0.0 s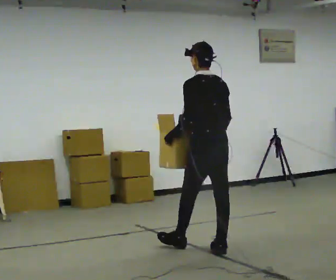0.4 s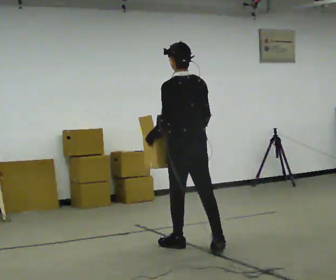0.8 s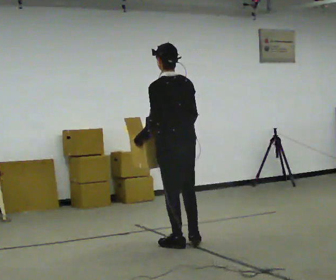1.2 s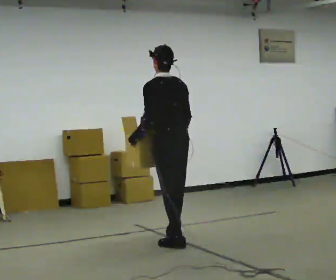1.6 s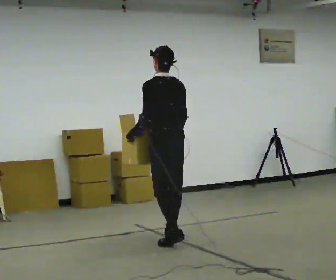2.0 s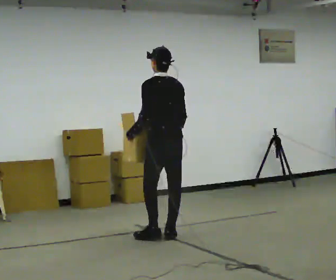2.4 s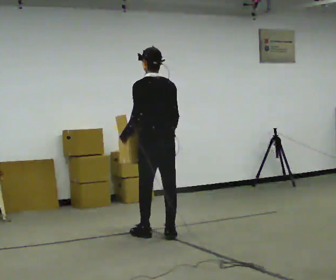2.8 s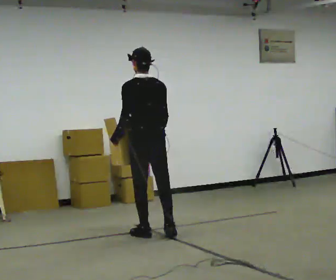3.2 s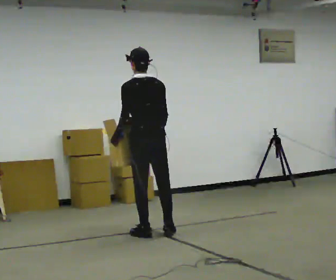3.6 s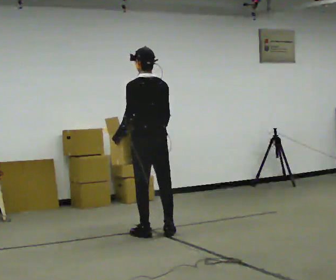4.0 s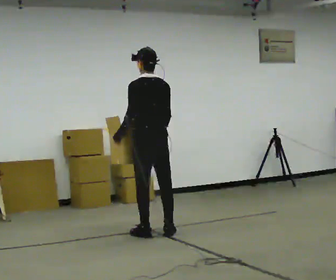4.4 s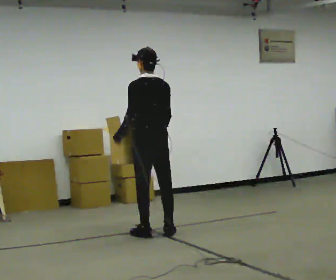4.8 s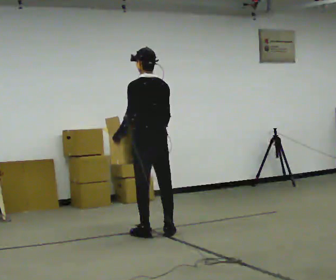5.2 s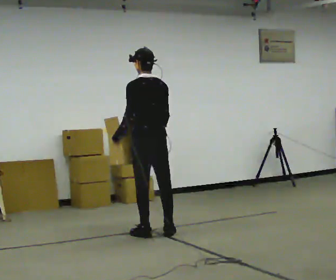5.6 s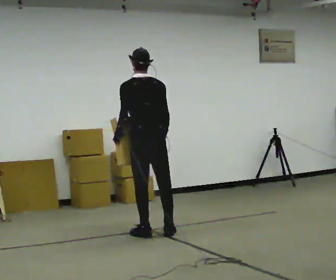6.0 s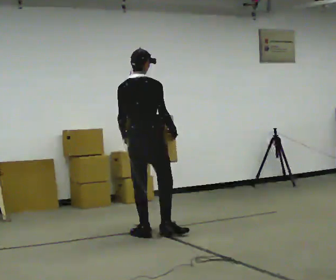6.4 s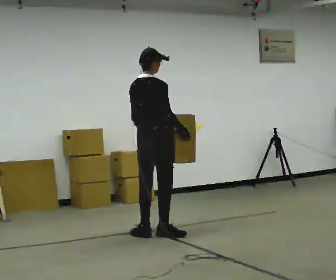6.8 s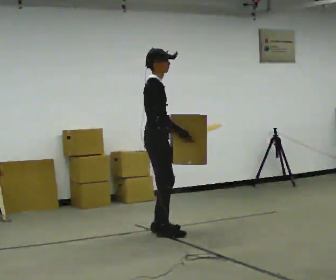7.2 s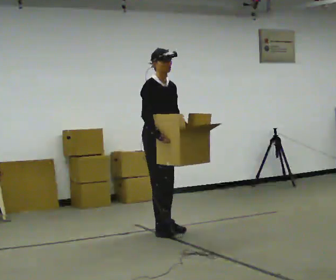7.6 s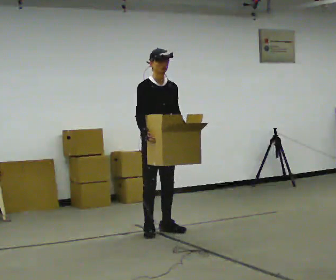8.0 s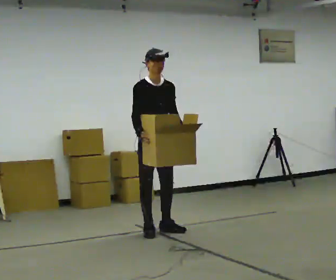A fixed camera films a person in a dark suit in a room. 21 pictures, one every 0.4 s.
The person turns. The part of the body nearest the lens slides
to the left.
The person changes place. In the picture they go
away from the camera.
0.0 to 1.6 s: In the picture they go away from the camera and to the left, about 0.5 m in 1 step, which for them is forward.
1.6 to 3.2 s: In the picture they go away from the camera and to the left, about 0.25 m in 2 steps, which for them is forward.
3.2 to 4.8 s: The person moves a little, or ends about where they began.
4.8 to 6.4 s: The person turns about 75 degrees to their right, clockwise seen from above, so the part of the body nearest the lens slides to the left.
6.4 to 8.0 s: The part of the body nearest the lens slides to the left as the person turns to their right by about 105 degrees. In the picture they go away from the camera, about 0.25 m in 2 steps. In the picture their right hand goes to the left, the arm swinging clockwise.
The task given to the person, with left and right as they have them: Carry the box with its lid hanging open across the room, back and forth.
The film runs forward here.
